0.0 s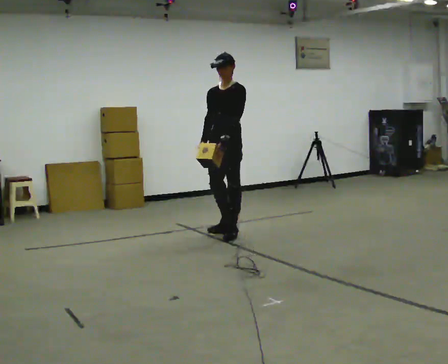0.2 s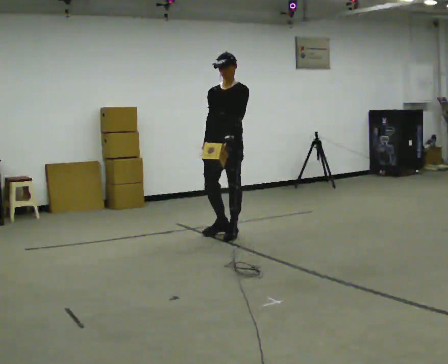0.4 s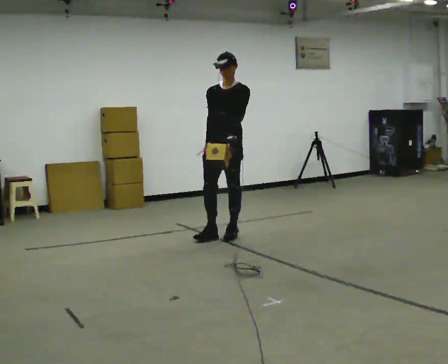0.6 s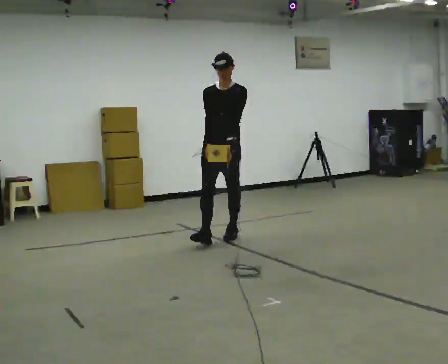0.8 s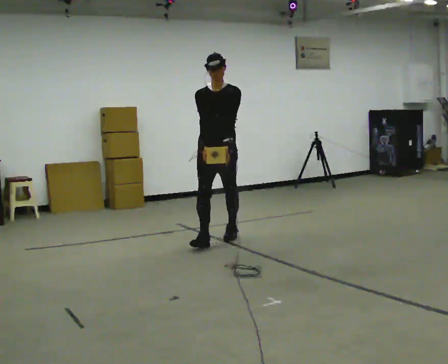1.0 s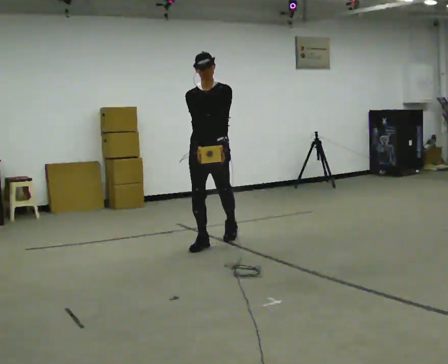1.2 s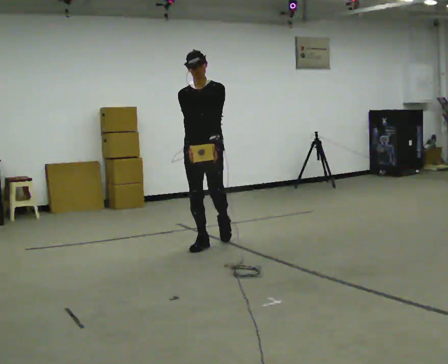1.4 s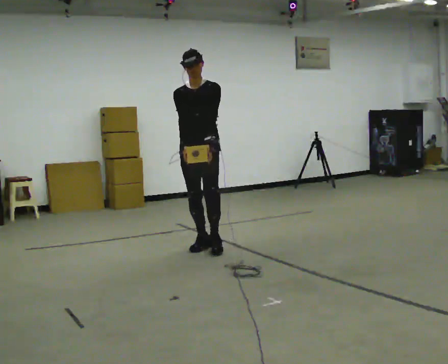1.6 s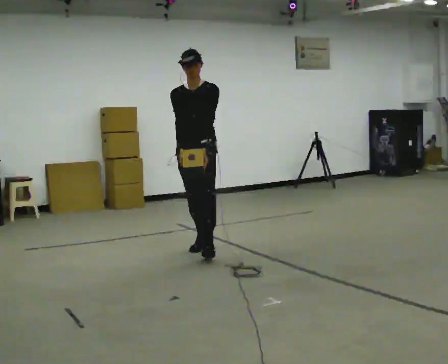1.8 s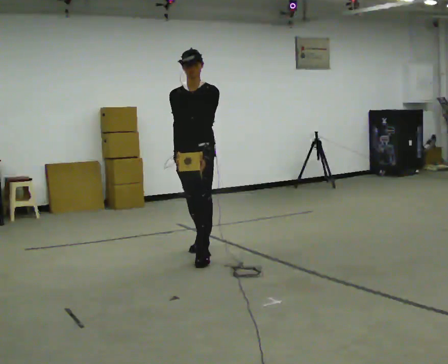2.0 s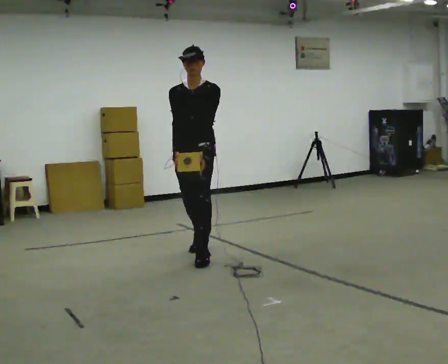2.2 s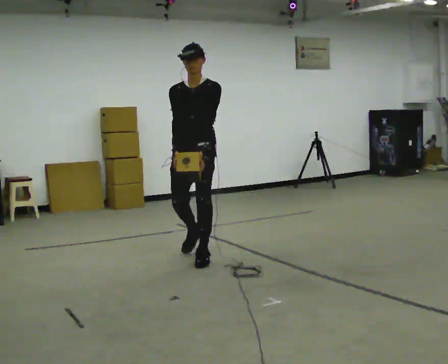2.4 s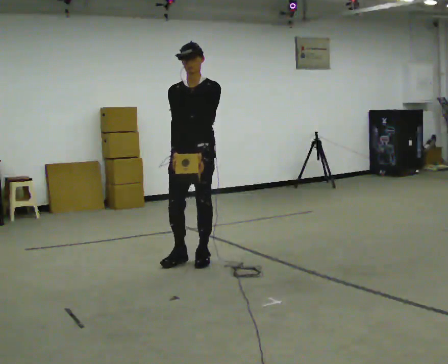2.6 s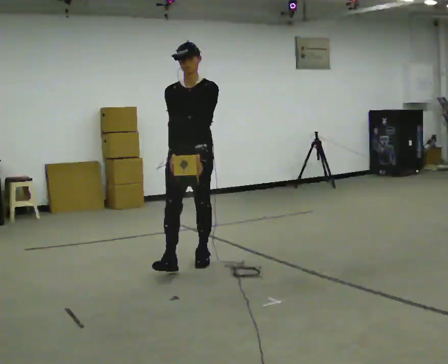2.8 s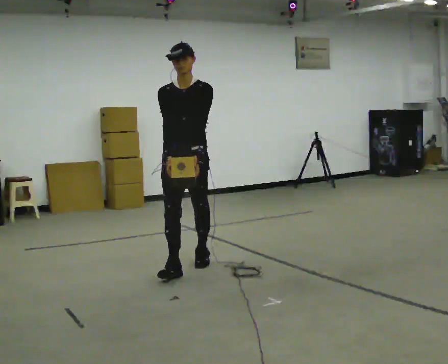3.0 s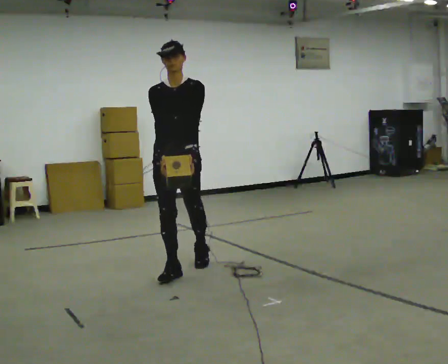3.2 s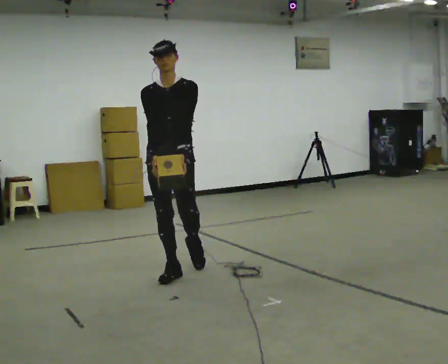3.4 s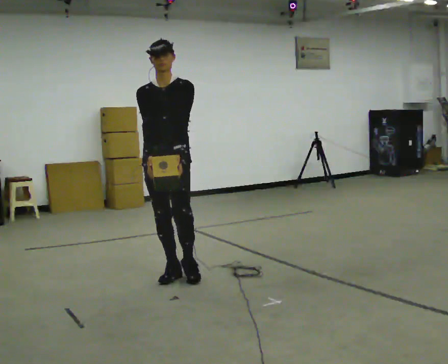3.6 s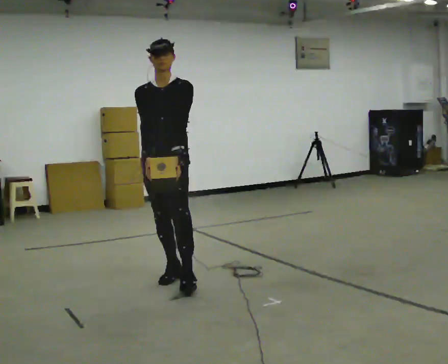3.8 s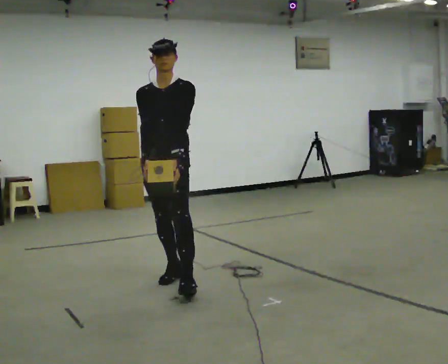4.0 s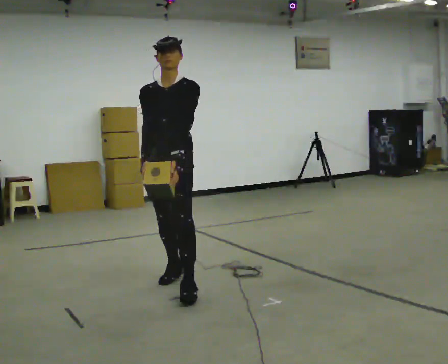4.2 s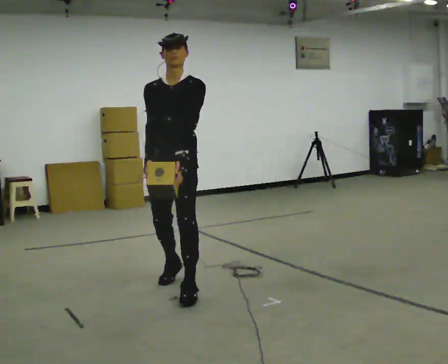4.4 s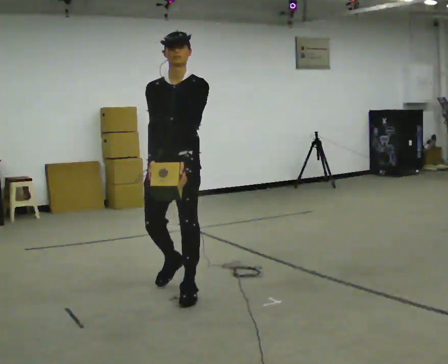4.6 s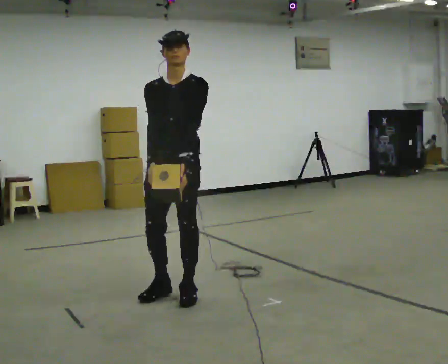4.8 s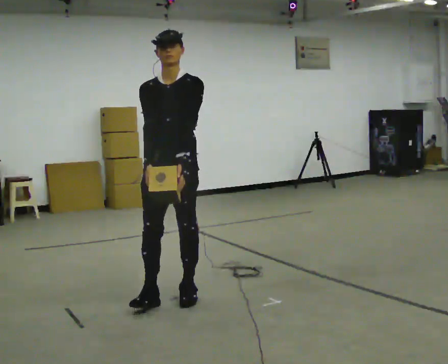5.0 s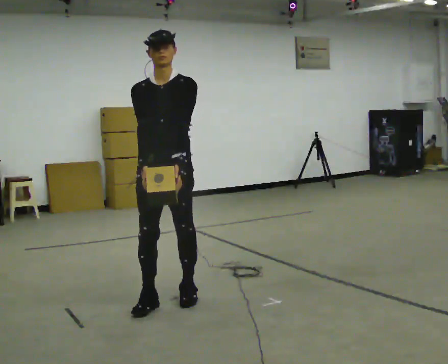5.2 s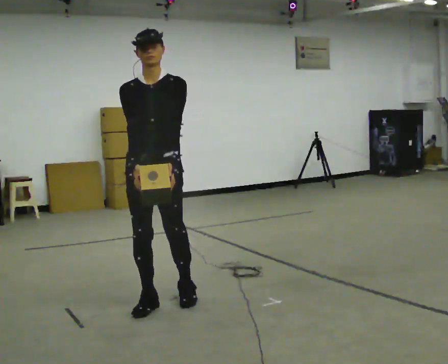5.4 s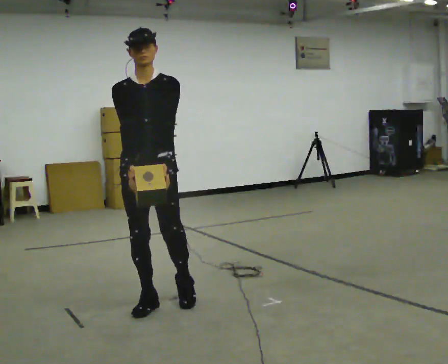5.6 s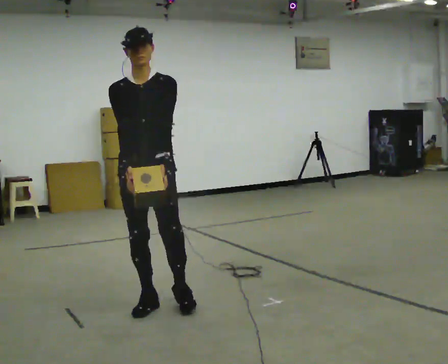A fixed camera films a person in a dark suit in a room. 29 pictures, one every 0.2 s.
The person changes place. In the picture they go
toward the camera.
0.0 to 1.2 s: The person turns about 30 degrees to their left, counterclockwise seen from above, so the part of the body nearest the lens slides to the right. In the picture they go toward the camera and to the left, about 0.5 m in 1 step, which for them is forward.
1.2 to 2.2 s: In the picture they go toward the camera, about 0.5 m in 1 step, which for them is forward.
2.2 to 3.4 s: In the picture they go toward the camera and to the left, about 0.5 m in 1 step, which for them is forward.
3.4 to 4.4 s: In the picture they go toward the camera, about 0.5 m in 1 step, which for them is forward and to their left.
4.4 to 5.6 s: In the picture they go toward the camera and to the left, about 0.25 m in 1 step, which for them is forward and to their right.
The film runs forward here.
